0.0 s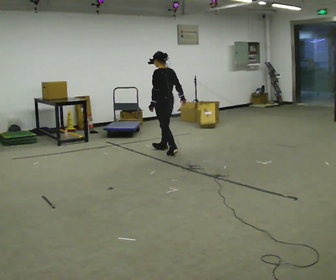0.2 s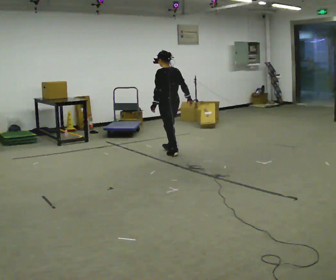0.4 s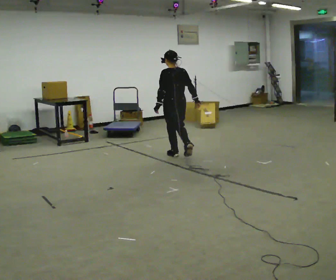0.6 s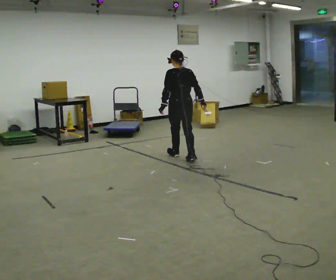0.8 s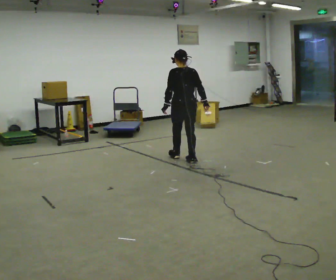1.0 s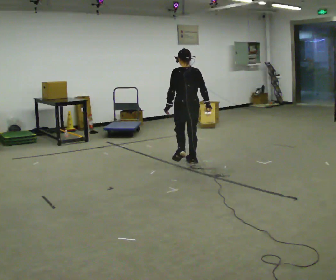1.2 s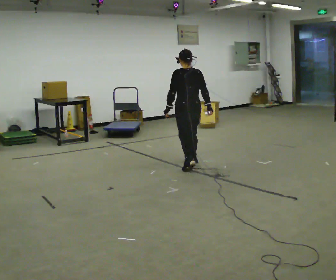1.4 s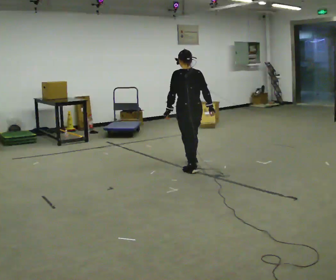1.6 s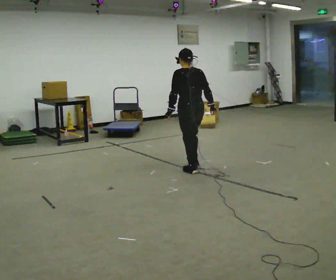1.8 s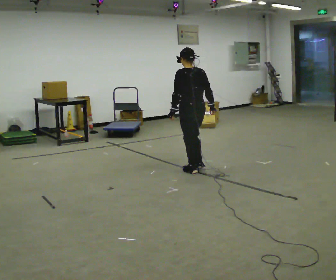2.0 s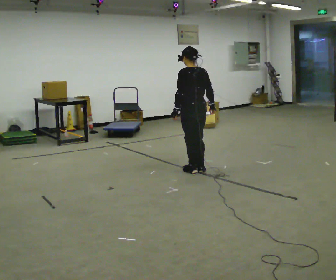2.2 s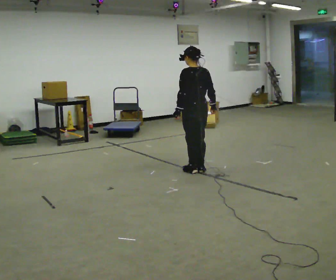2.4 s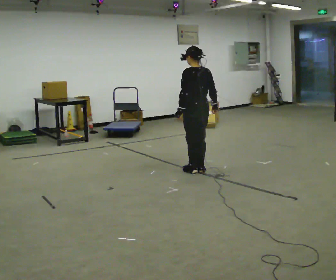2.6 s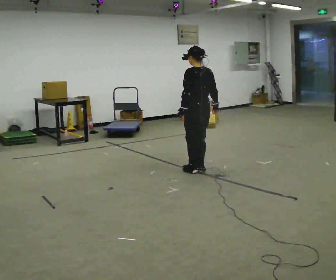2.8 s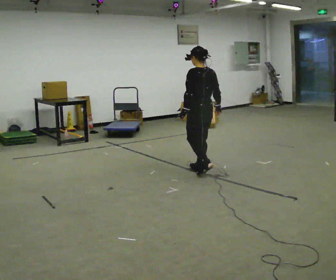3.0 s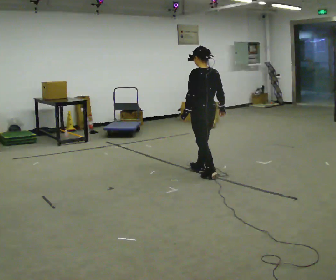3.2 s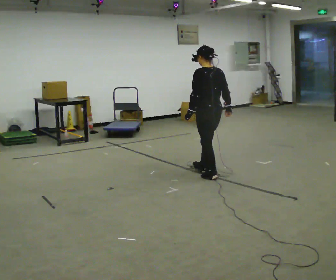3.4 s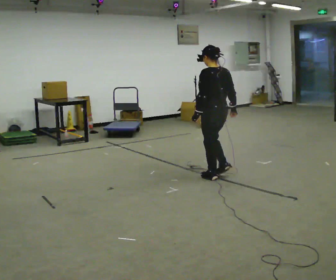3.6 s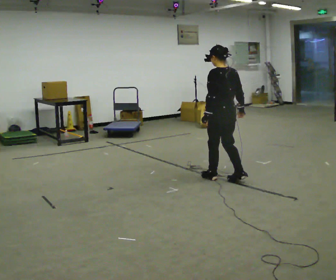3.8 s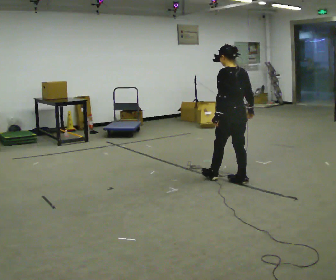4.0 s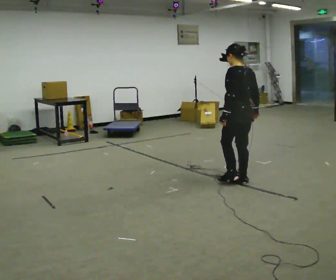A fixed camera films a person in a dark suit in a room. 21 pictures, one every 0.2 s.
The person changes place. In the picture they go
toward the camera.
0.0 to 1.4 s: The part of the body nearest the lens slides to the left as the person turns to their right by about 30 degrees. In the picture they go toward the camera and to the right, about 1 m in 3 steps, which for them is backward.
1.4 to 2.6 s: The person moves a little, or ends about where they began.
2.6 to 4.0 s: In the picture they go toward the camera and to the right, about 0.75 m in 3 steps, which for them is backward.
The film runs backward here.
